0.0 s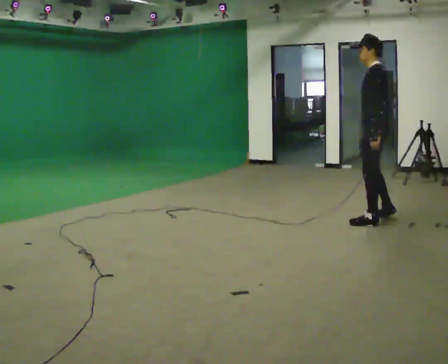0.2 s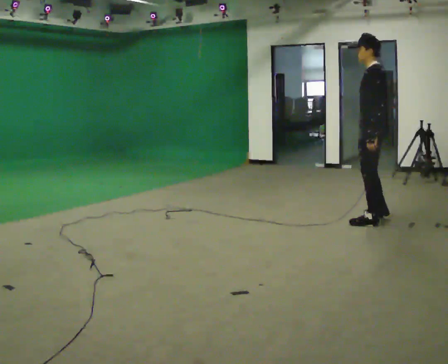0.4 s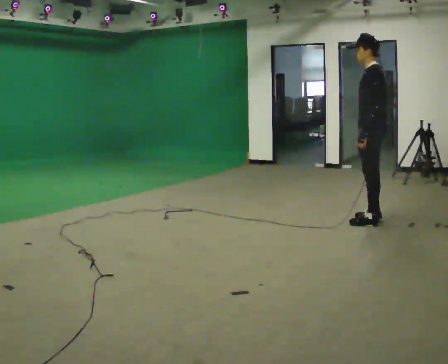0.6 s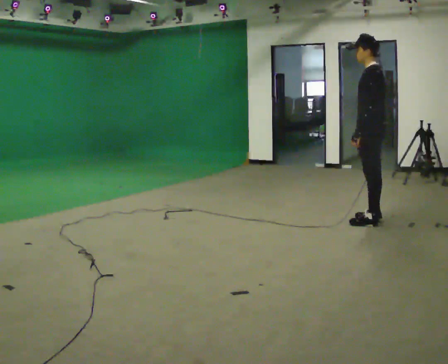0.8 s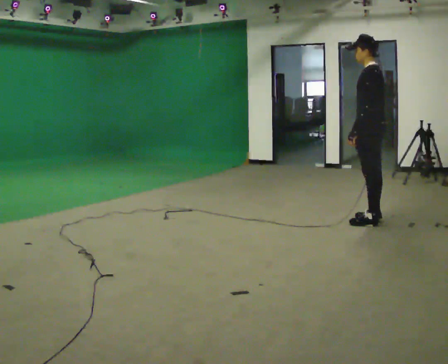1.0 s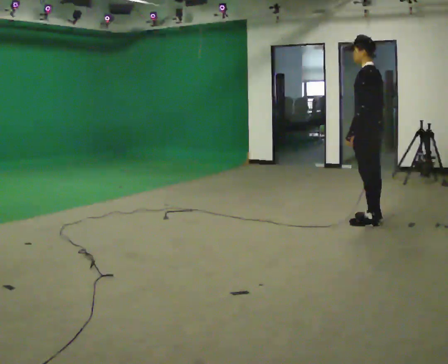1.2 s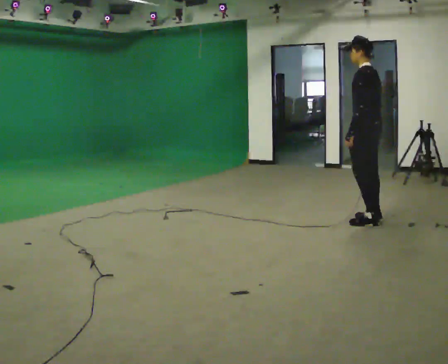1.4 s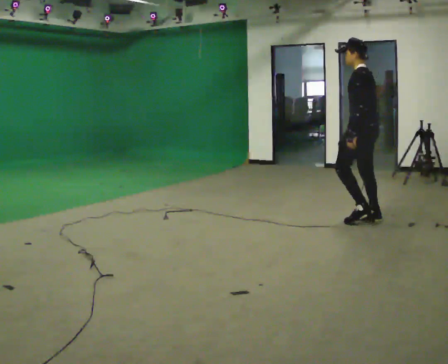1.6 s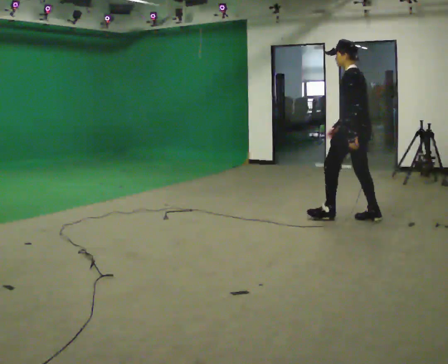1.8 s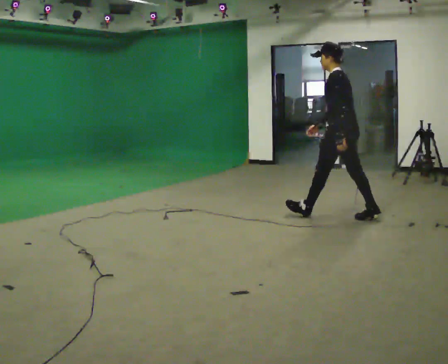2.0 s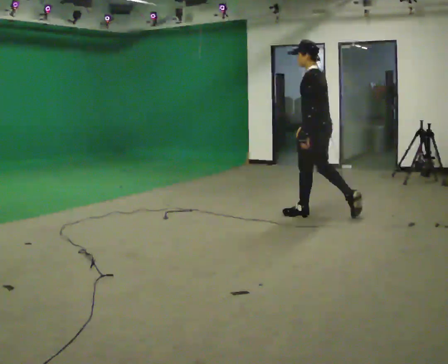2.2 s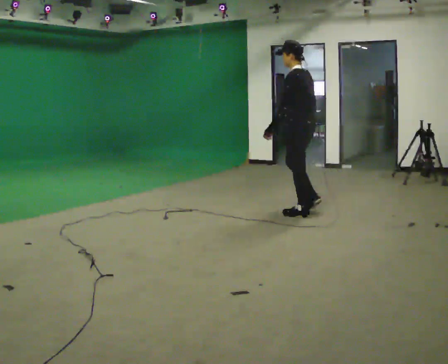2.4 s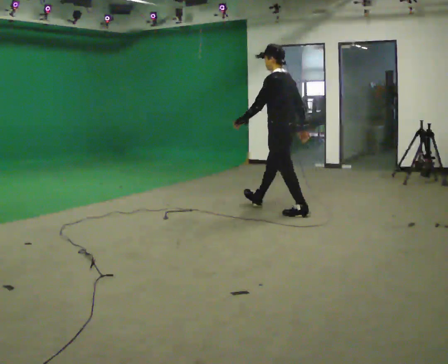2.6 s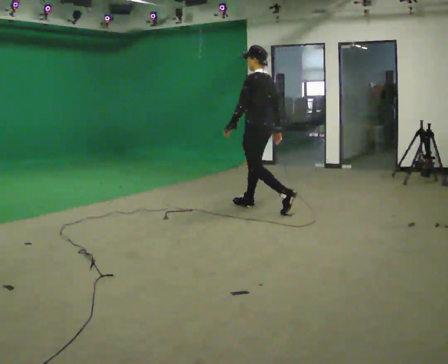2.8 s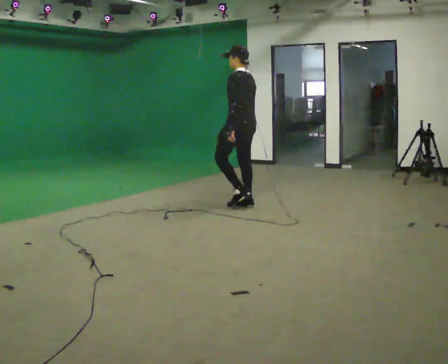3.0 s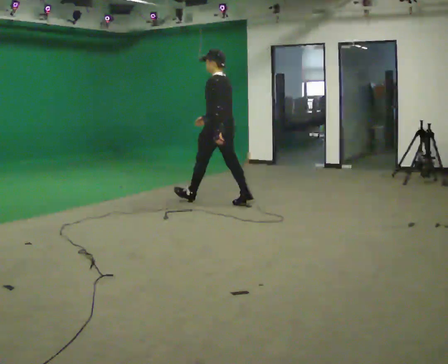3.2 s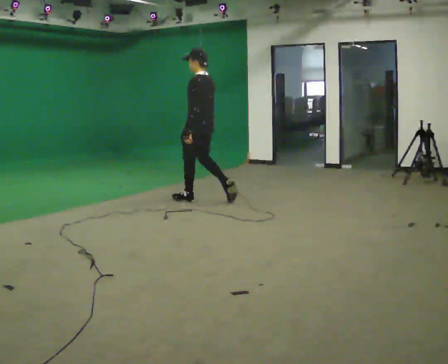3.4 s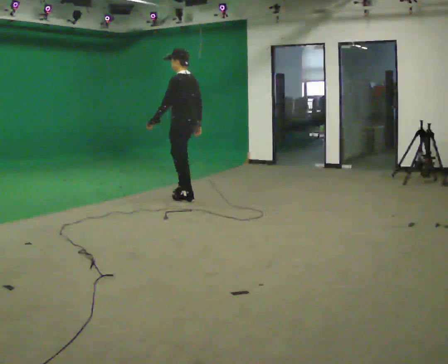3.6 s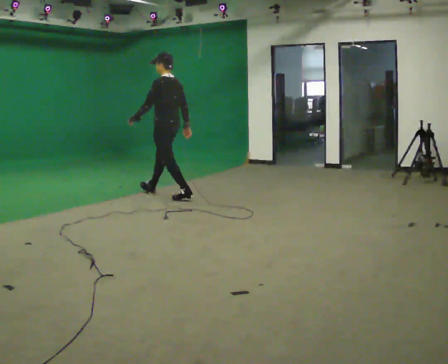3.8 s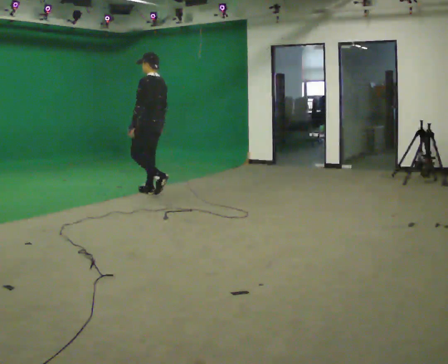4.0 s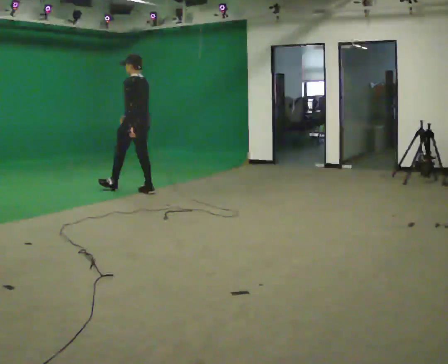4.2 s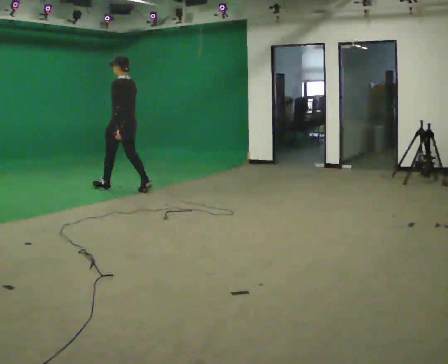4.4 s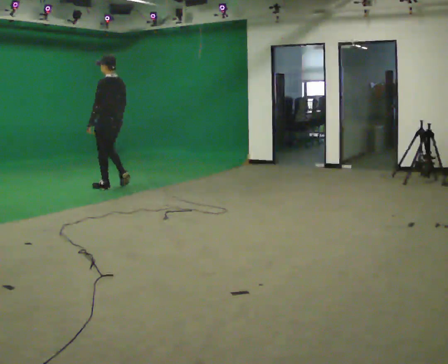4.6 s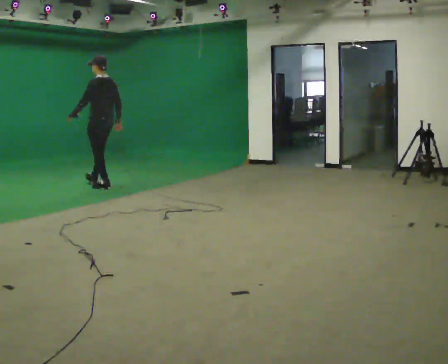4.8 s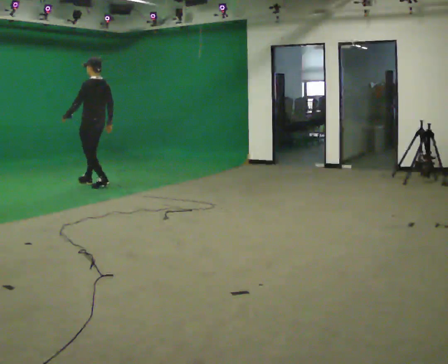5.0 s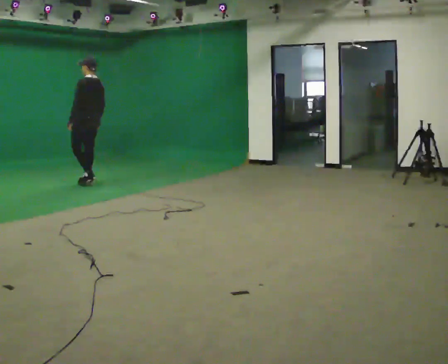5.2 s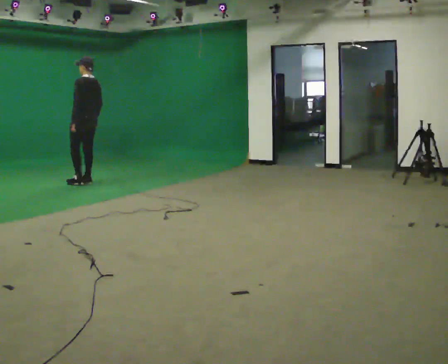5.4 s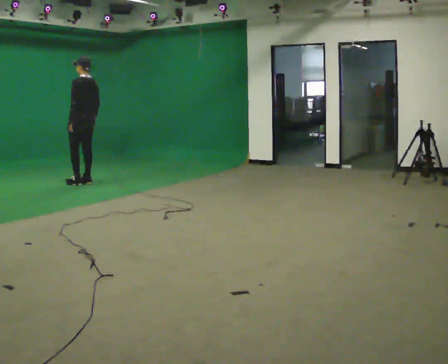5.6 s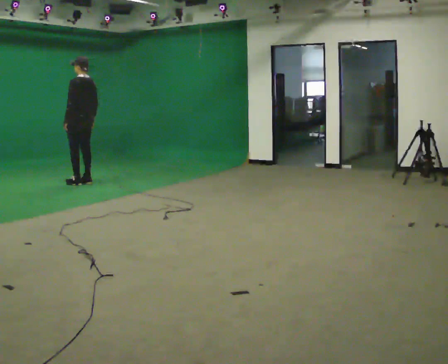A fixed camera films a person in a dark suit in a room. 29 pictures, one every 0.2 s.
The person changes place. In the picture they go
to the left.
0.0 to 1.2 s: The person moves a little, or ends about where they began.
1.2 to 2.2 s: In the picture they go to the left and away from the camera, about 0.5 m in 1 step, which for them is forward.
2.2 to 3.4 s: In the picture they go to the left and away from the camera, about 1.5 m in 2 steps, which for them is forward.
3.4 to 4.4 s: In the picture they go to the left and away from the camera, about 1 m in 2 steps, which for them is forward.
4.4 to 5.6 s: In the picture they go to the left and away from the camera, about 0.5 m in 2 steps, which for them is forward.
The film runs forward here.
